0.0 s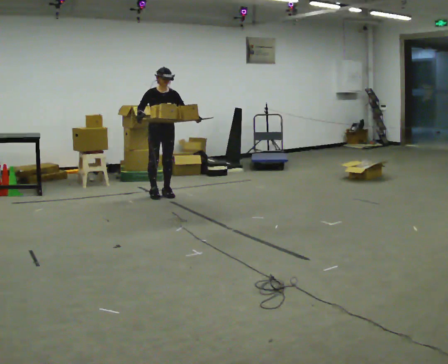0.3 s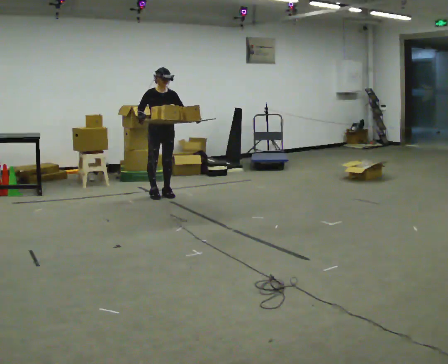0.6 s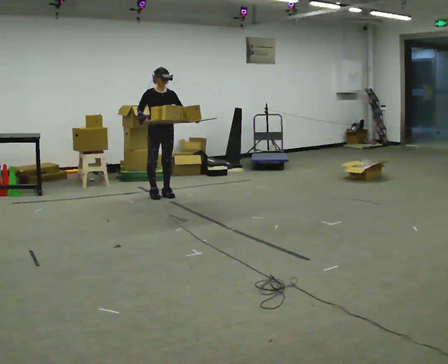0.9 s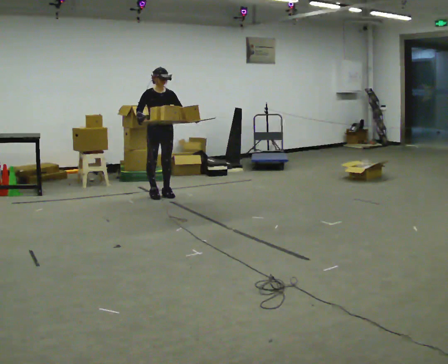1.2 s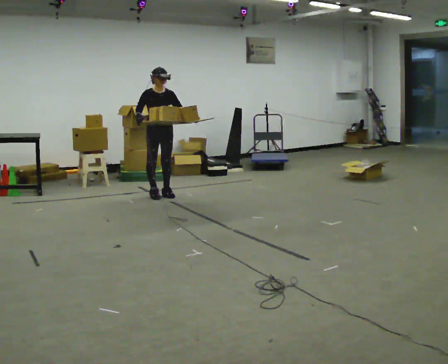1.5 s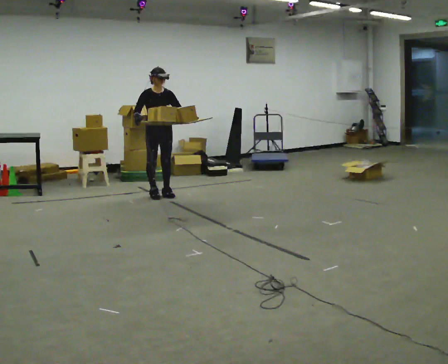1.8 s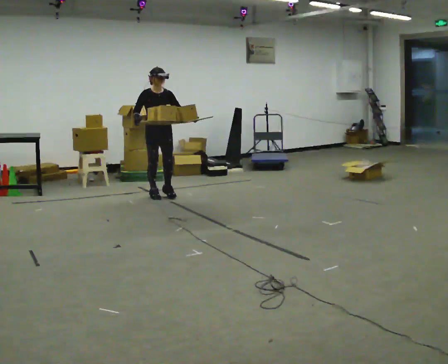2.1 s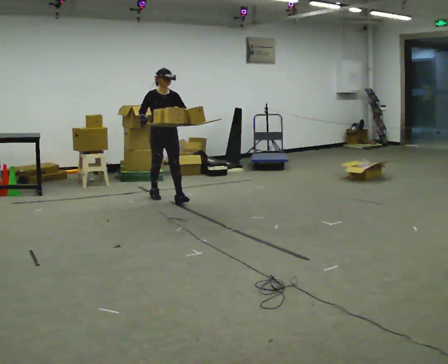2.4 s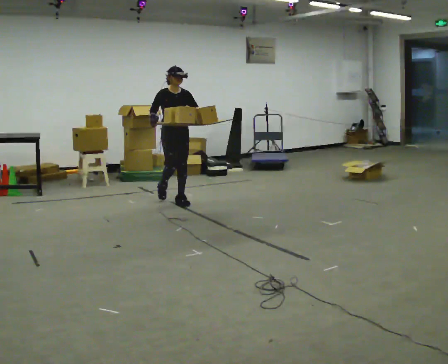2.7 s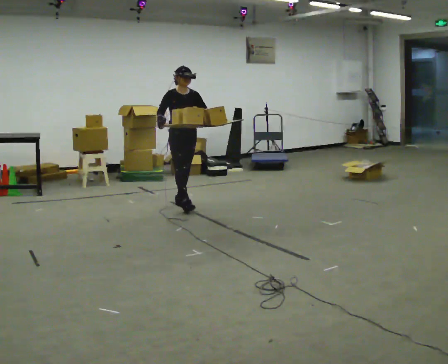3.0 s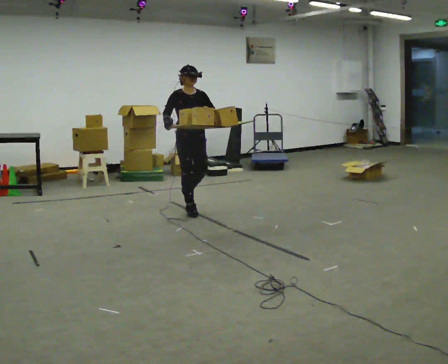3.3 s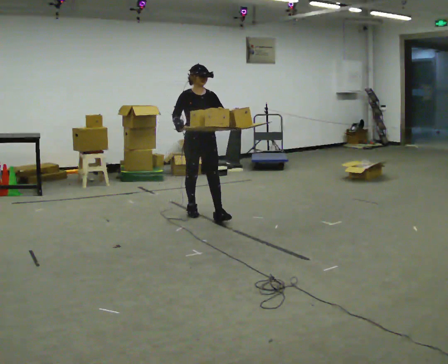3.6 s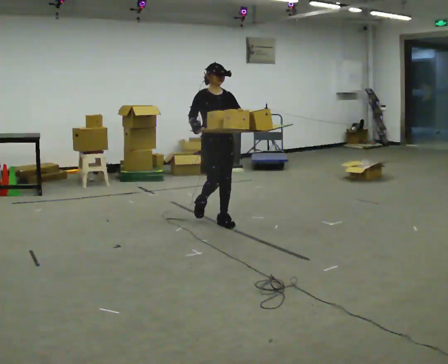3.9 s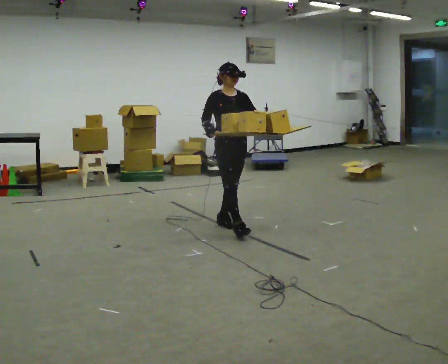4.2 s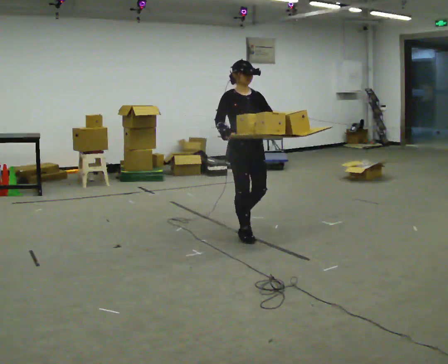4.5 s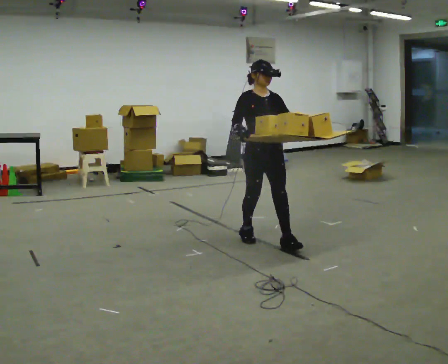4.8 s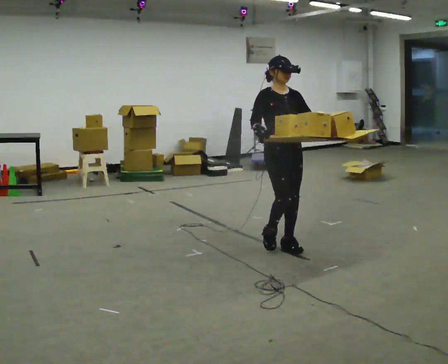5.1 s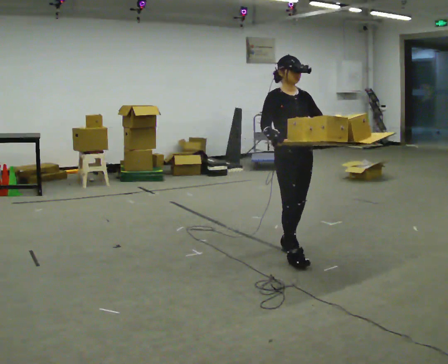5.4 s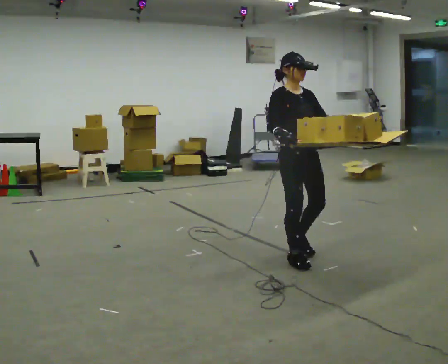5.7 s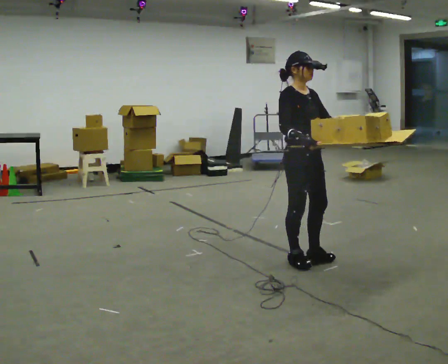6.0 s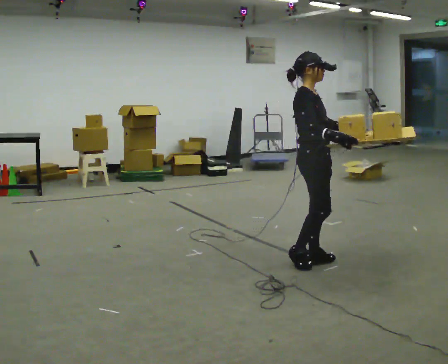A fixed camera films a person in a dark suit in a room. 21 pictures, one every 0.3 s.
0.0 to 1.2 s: The person moves a little, or ends about where they began.
1.2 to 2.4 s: In the picture they go toward the camera and to the right, about 0.5 m in 1 step, which for them is forward.
2.4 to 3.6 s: In the picture they go toward the camera and to the right, about 1 m in 2 steps, which for them is forward.
3.6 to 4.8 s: In the picture they go toward the camera and to the right, about 1 m in 2 steps, which for them is forward.
4.8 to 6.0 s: The part of the body nearest the lens slides to the right as the person turns to their left by about 45 degrees. In the picture they go toward the camera, about 0.5 m in 2 steps, which for them is forward.
The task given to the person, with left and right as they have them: Carry the loaded tray flat and level in both hands, walking back and forth across the room. Try not to let anything slide off.
The film runs forward here.
